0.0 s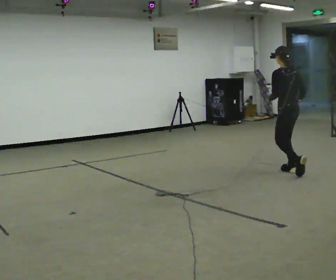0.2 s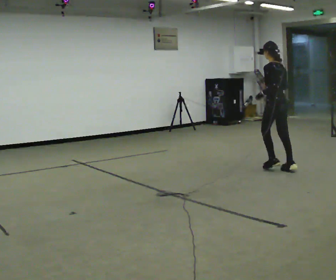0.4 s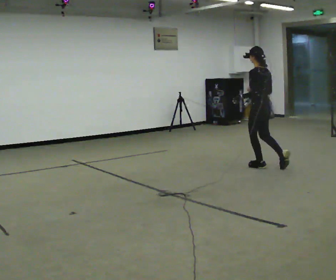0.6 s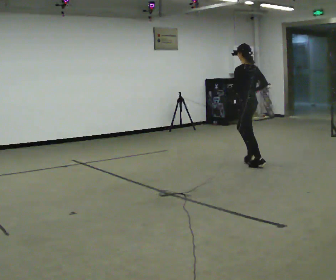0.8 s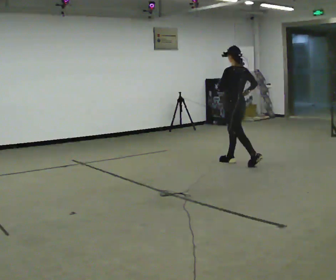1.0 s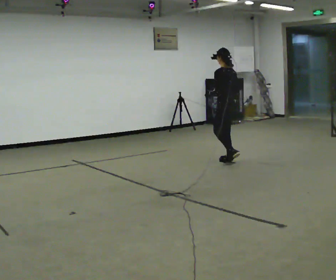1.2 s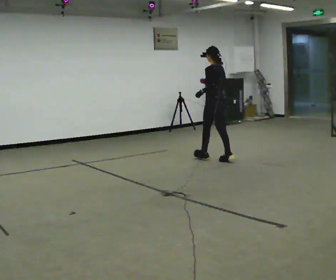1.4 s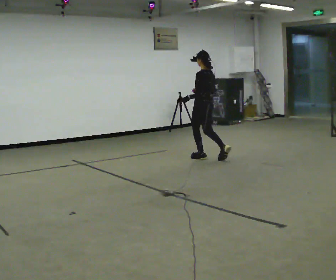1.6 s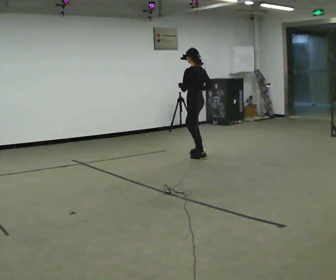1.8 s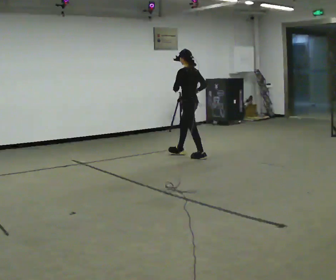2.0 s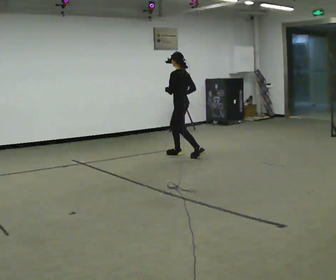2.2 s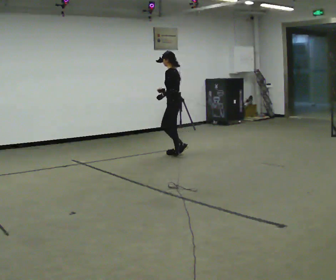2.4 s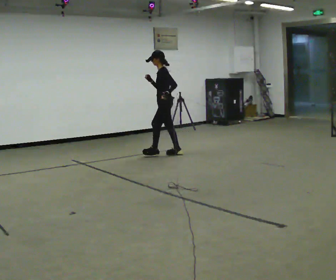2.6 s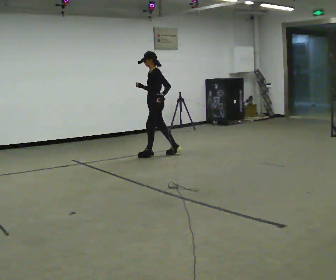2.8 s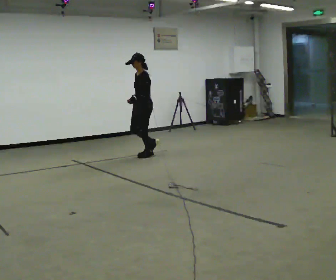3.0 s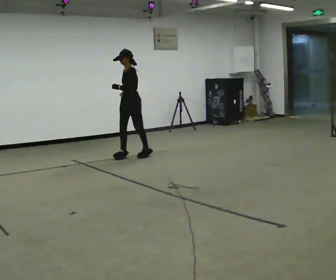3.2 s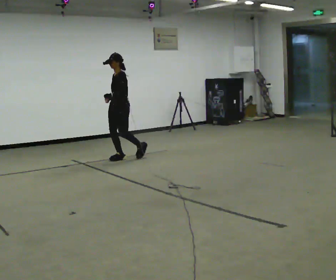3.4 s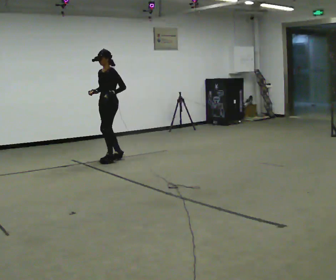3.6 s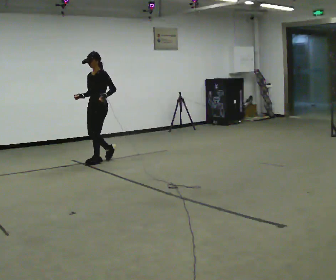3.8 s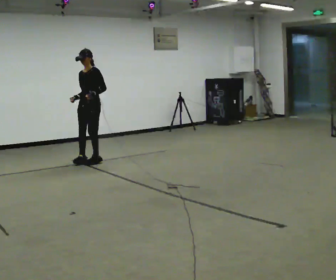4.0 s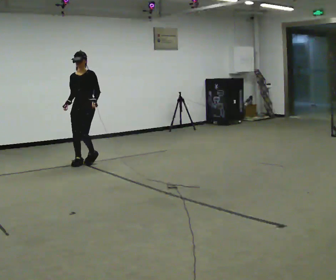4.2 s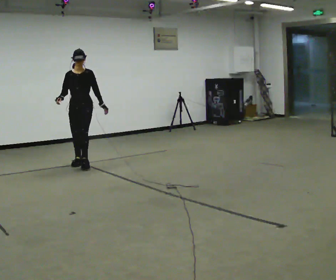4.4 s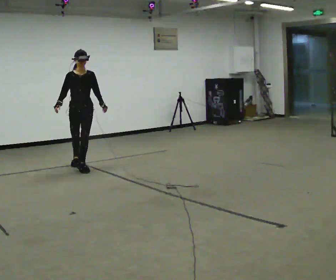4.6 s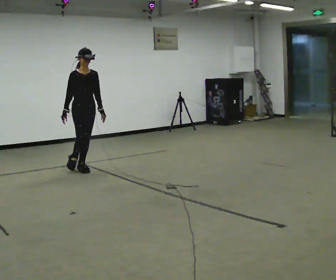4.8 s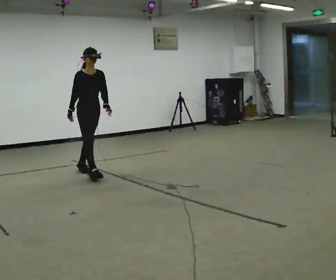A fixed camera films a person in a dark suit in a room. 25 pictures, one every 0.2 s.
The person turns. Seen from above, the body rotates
counterclockwise.
The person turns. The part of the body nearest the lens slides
to the right.
0.0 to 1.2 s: In the picture they go away from the camera and to the left, about 1.5 m in 2 steps, which for them is forward.
1.2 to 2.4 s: The person turns about 60 degrees to their left, counterclockwise seen from above, so the part of the body nearest the lens slides to the right. In the picture they go to the left and away from the camera, about 1 m in 2 steps, which for them is forward.
2.4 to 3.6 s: The person turns about 30 degrees to their left, counterclockwise seen from above, so the part of the body nearest the lens slides to the right. In the picture they go to the left and toward the camera, about 1 m in 3 steps, which for them is forward.
3.6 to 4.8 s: The part of the body nearest the lens slides to the right as the person turns to their left by about 90 degrees. In the picture they go toward the camera, about 0.5 m in 2 steps.
The film runs forward here.
